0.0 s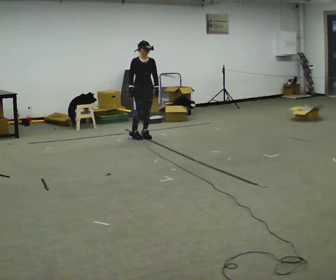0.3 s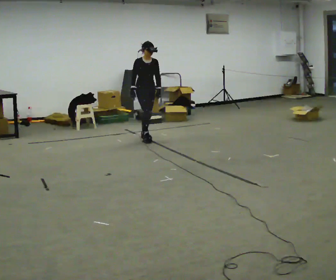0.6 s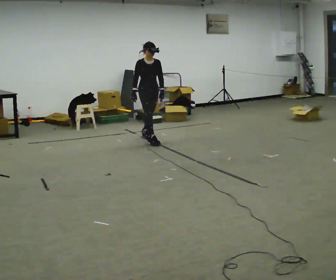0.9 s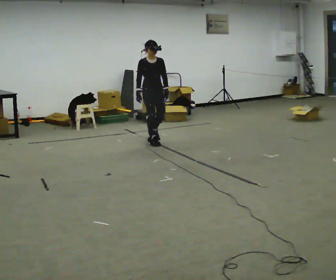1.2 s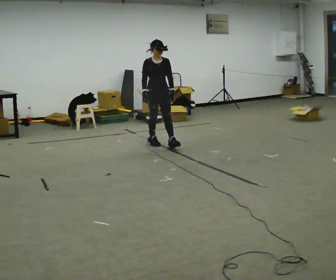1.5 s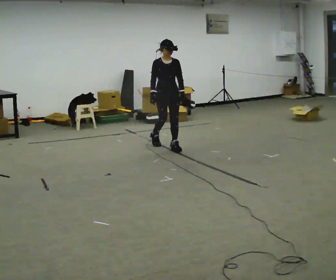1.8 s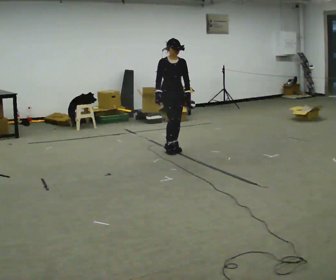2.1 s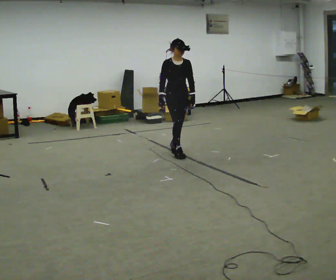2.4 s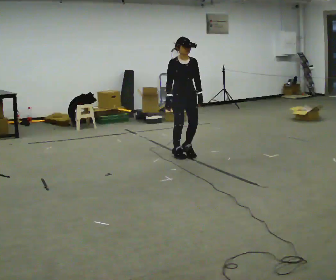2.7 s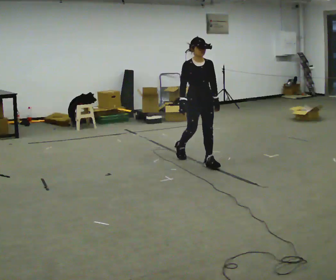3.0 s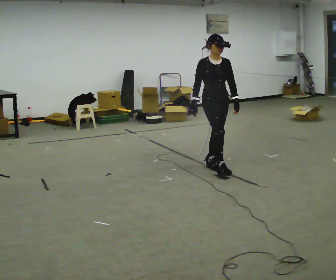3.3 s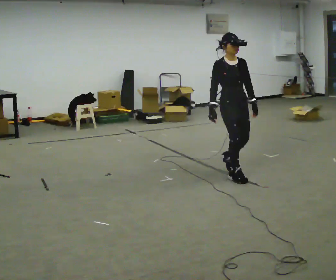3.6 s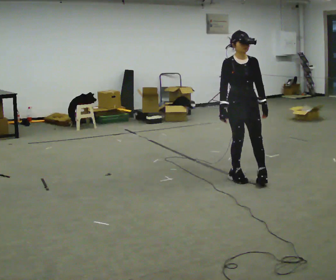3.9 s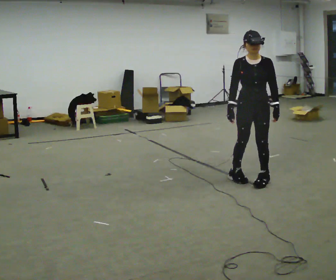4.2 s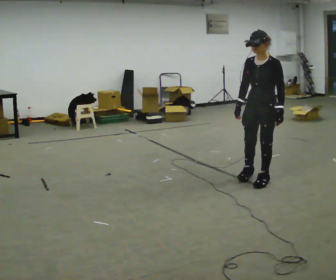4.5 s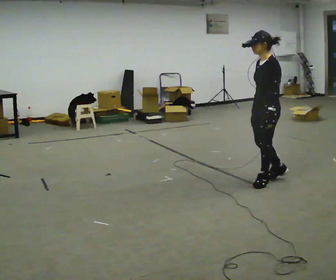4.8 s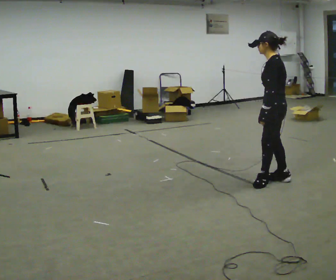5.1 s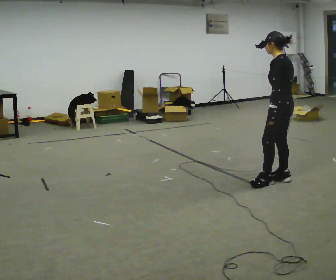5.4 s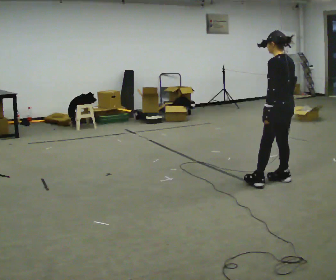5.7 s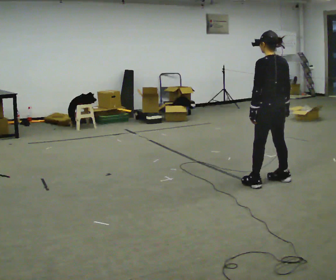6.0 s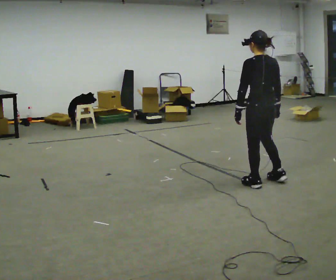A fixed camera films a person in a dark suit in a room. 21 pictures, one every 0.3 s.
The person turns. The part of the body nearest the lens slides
to the left.
The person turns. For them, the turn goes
to their right.
0.0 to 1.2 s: In the picture they go toward the camera and to the right, about 0.5 m in 1 step, which for them is forward.
1.2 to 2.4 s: In the picture they go toward the camera and to the right, about 0.5 m in 2 steps, which for them is forward.
2.4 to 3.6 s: In the picture they go toward the camera and to the right, about 1 m in 2 steps, which for them is forward.
3.6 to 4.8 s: Seen from above the body turns clockwise, about 120 degrees: to their right, with its near side sliding to the left. In the picture they go to the right, about 0.25 m in 2 steps.
4.8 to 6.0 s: The part of the body nearest the lens slides to the left as the person turns to their right by about 45 degrees. In the picture they go to the left, about 0.25 m, which for them is to their left.
The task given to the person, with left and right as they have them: Start still; gradually go slow → normal → fast; briefly maintain fast speed; stop.
The film runs forward here.
